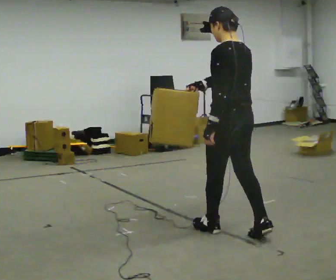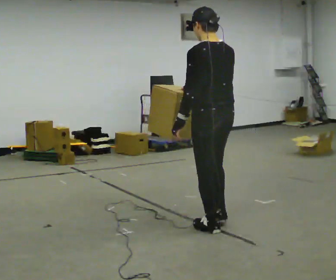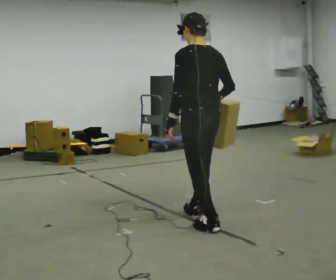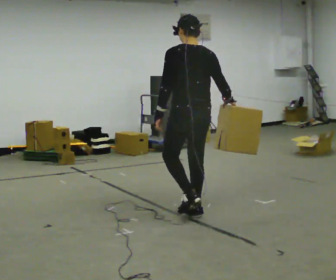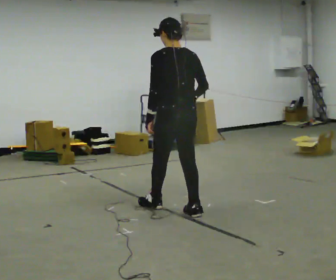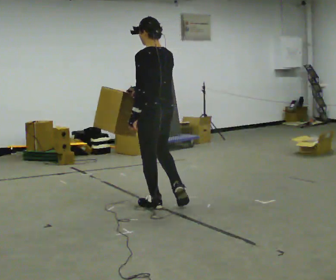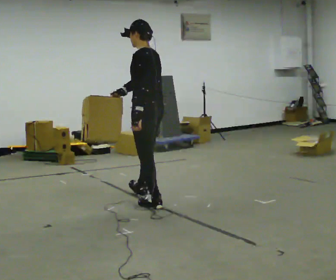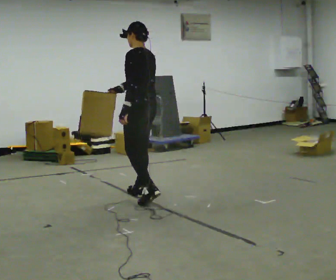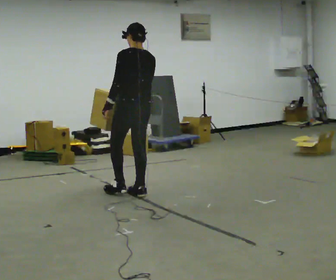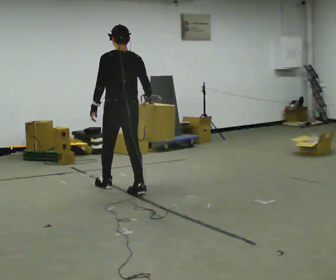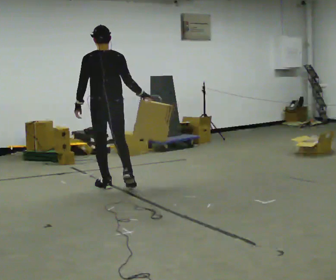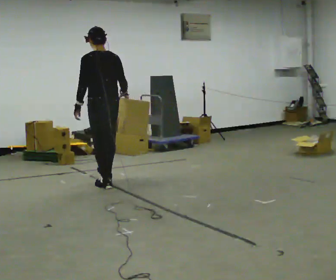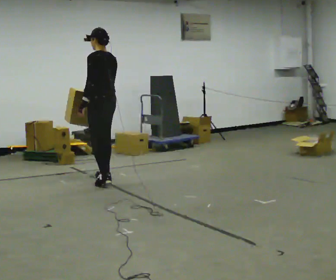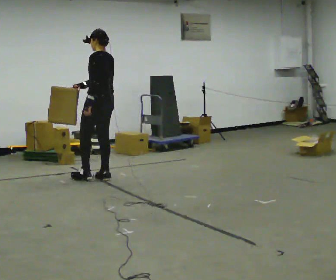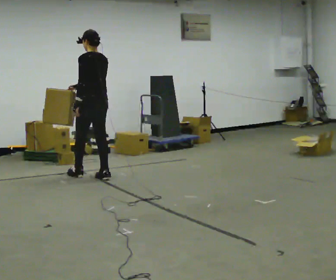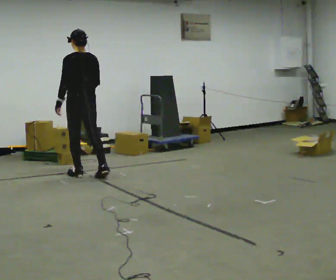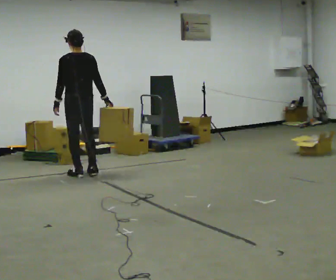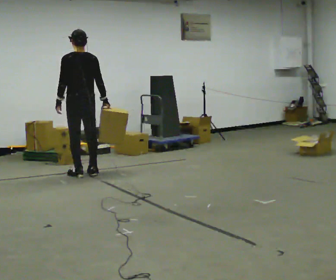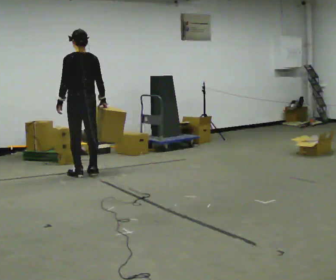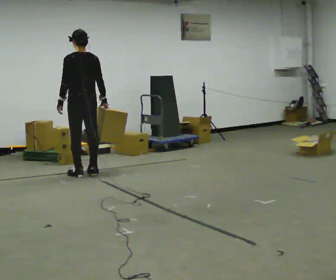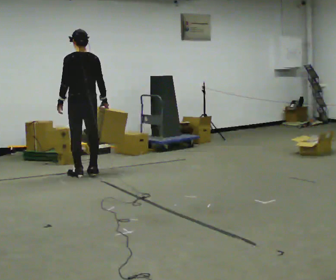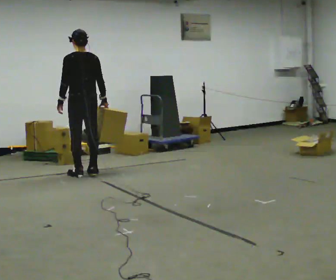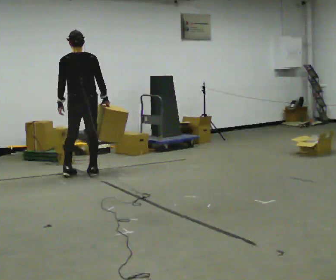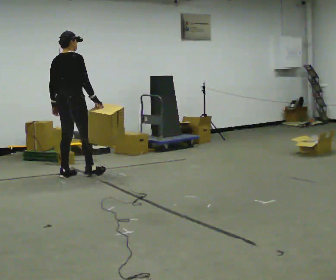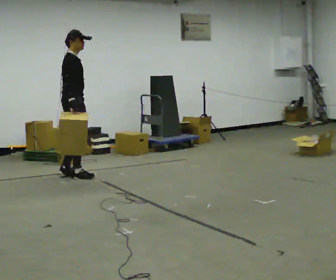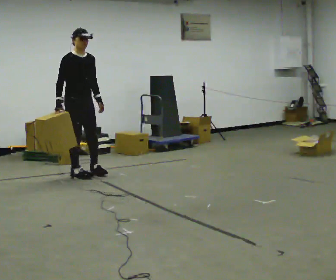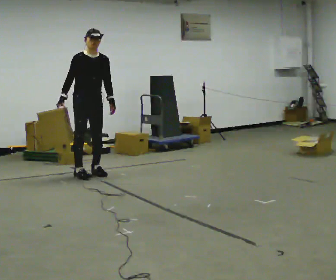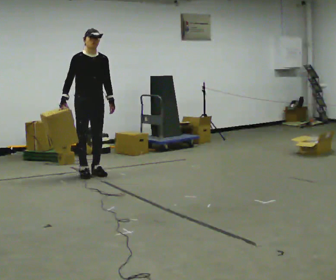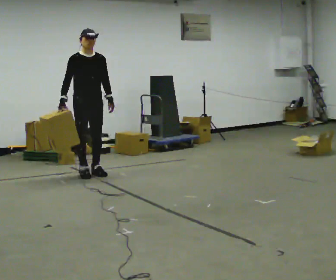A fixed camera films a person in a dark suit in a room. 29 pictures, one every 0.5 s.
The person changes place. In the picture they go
away from the camera.
0.0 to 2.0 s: In the picture they go away from the camera and to the left, about 1 m in 2 steps, which for them is forward.
2.0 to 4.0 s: In the picture they go away from the camera and to the left, about 1 m in 1 step, which for them is forward and to their right.
4.0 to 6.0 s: In the picture they go away from the camera and to the left, about 0.5 m in 2 steps, which for them is forward and to their left.
6.0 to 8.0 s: In the picture they go away from the camera and to the left, about 0.5 m in 2 steps, which for them is forward.
8.0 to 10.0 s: The person moves a little, or ends about where they began.
10.0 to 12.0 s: Seen from above the body turns clockwise, about 120 degrees: to their right, with its near side sliding to the left. In the picture their right hand goes to the left.
12.0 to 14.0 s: The person turns about 75 degrees to their right, clockwise seen from above, so the part of the body nearest the lens slides to the left. In the picture they go to the right, about 0.25 m in 1 step.
The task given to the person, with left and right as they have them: Carry the object in the hand the operator calls, down at your side, walking back and forth across the room.
The film runs forward here.
